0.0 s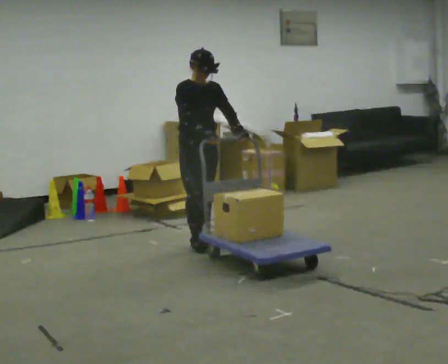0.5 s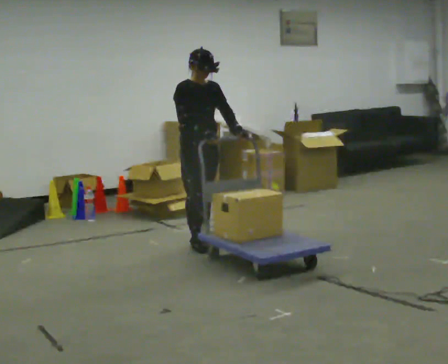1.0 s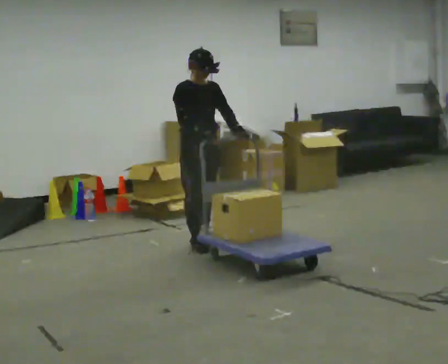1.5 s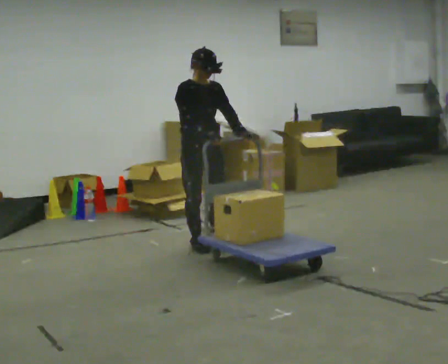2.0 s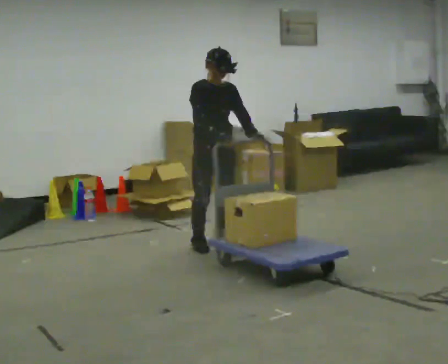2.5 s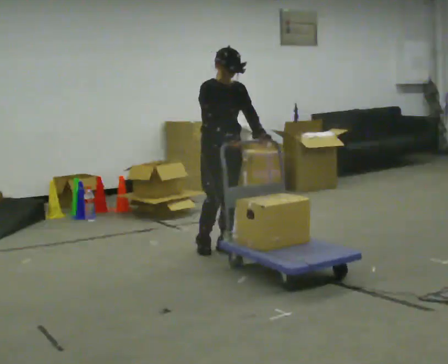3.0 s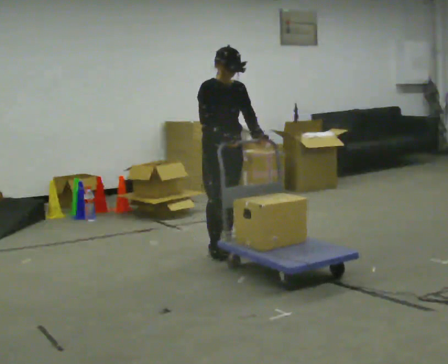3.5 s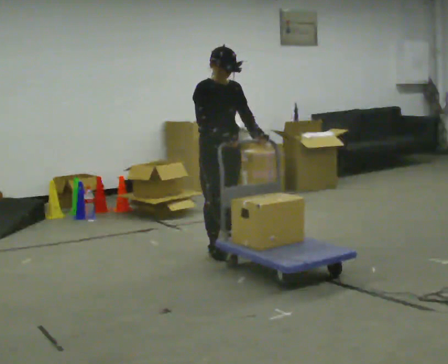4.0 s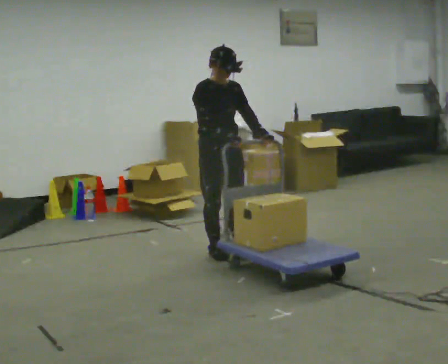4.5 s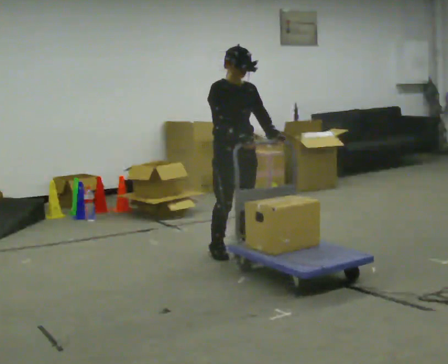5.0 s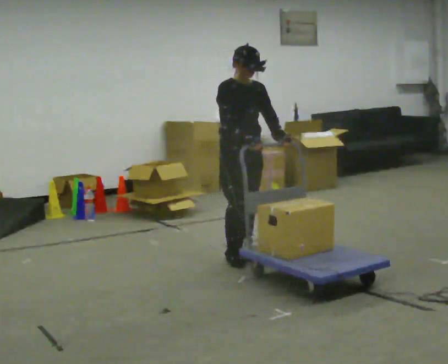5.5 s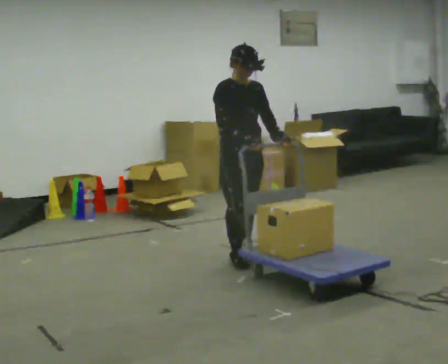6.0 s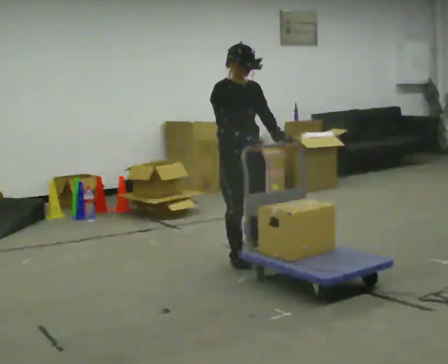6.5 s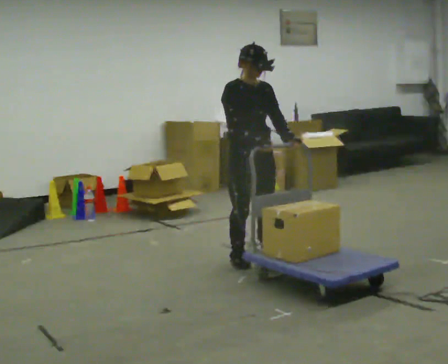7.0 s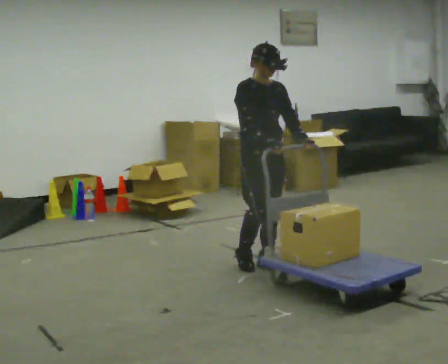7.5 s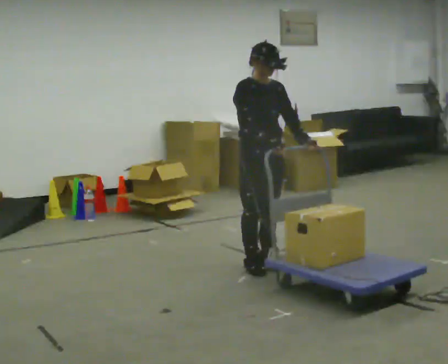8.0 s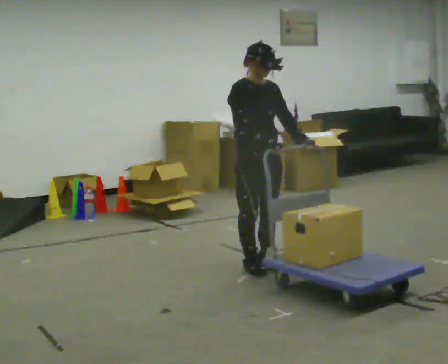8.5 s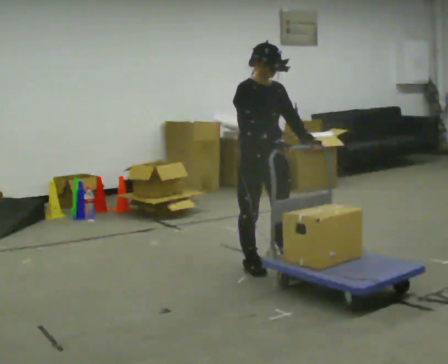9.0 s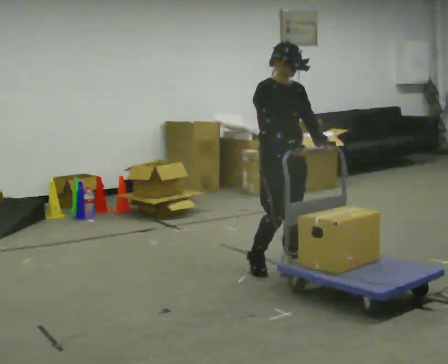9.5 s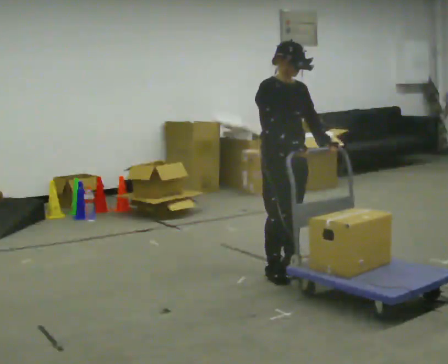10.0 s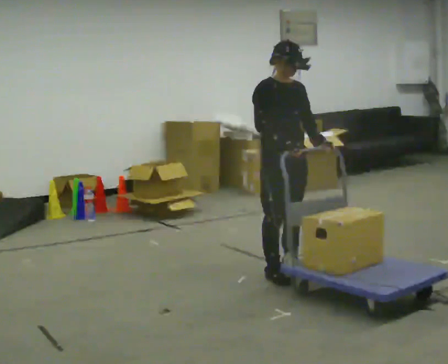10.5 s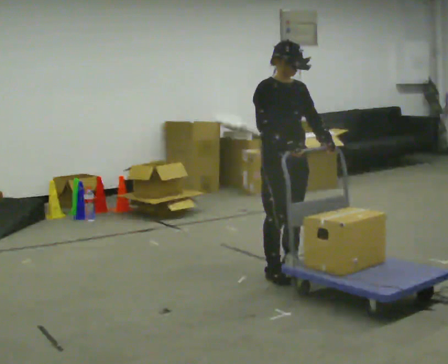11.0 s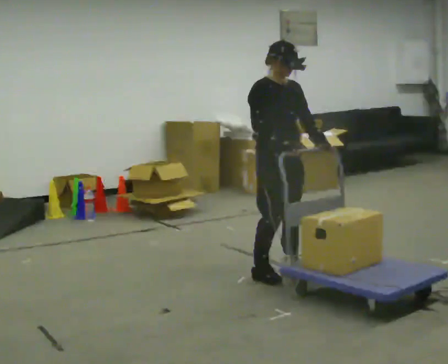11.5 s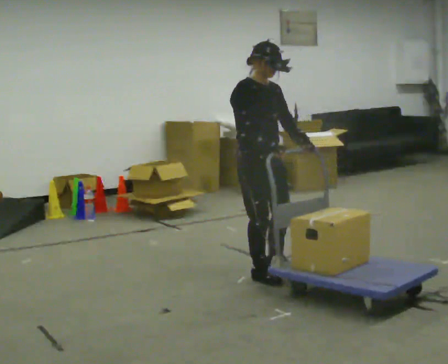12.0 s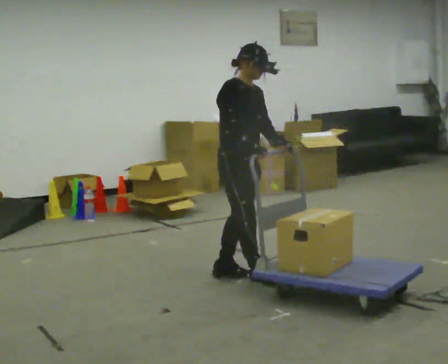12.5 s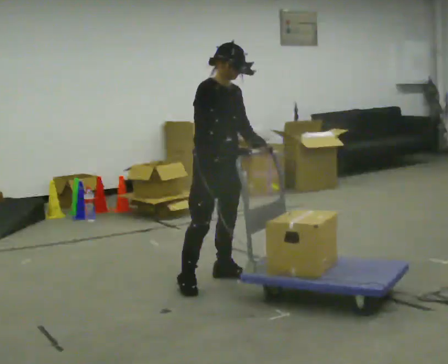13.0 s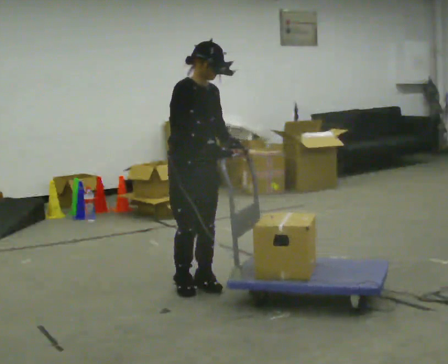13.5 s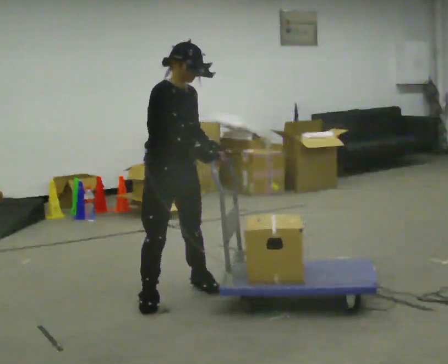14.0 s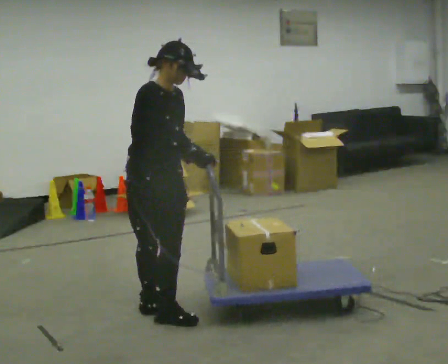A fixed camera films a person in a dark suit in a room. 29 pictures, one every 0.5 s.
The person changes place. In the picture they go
toward the camera.
0.0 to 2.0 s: In the picture they go toward the camera, about 0.25 m in 1 step, which for them is forward.
2.0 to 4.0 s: In the picture they go toward the camera, about 0.25 m in 1 step, which for them is forward.
4.0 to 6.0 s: In the picture they go toward the camera and to the right, about 0.25 m in 2 steps, which for them is forward.
6.0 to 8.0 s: In the picture they go toward the camera, about 0.25 m in 2 steps, which for them is forward.
8.0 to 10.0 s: In the picture they go to the right, about 0.25 m in 2 steps, which for them is forward.
10.0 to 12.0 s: In the picture they go to the left, about 0.25 m in 1 step, which for them is to their right and backward.
12.0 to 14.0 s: In the picture they go toward the camera and to the left, about 1 m in 4 steps, which for them is to their right.
The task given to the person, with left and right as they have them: Stand still with your hands on the cart. When the operator says go, get it moving, push it a few metres, then bring it to a stop. Repeat until the operator says stop.
The film runs forward here.
